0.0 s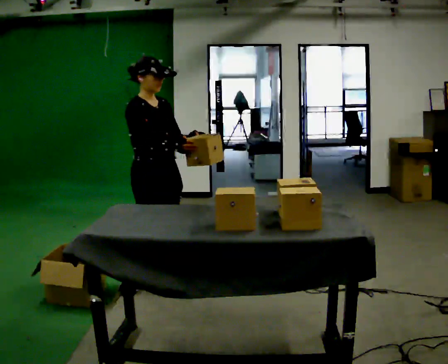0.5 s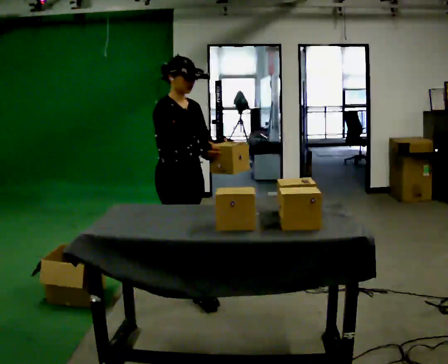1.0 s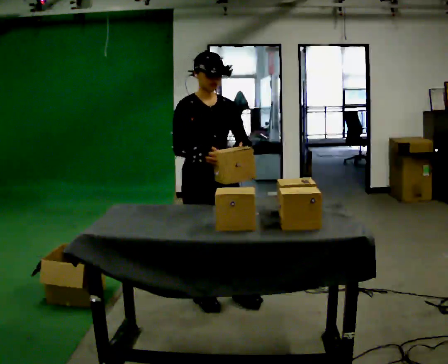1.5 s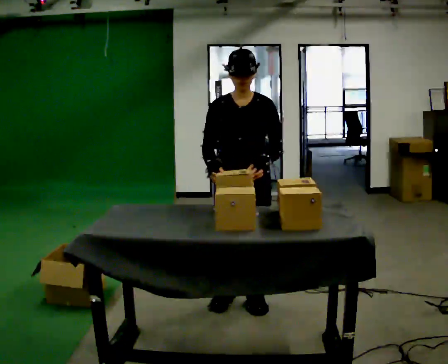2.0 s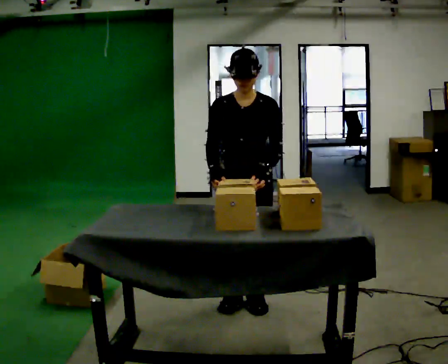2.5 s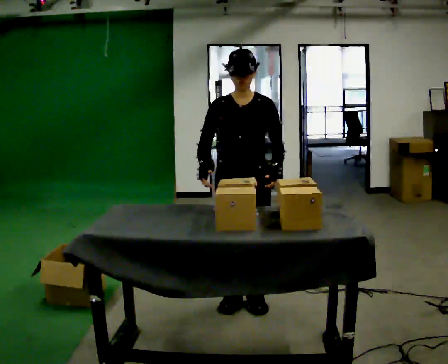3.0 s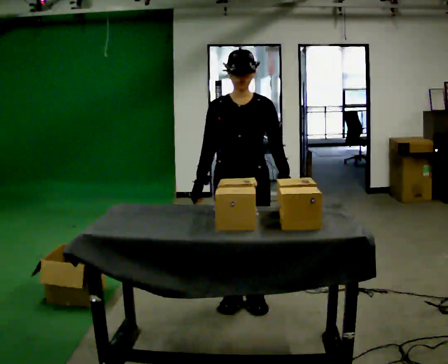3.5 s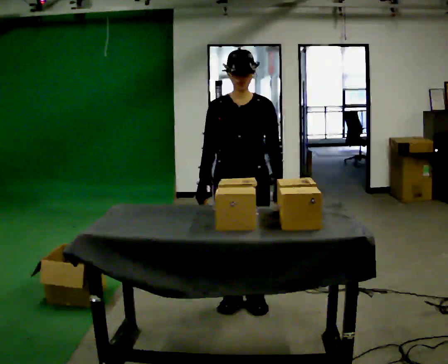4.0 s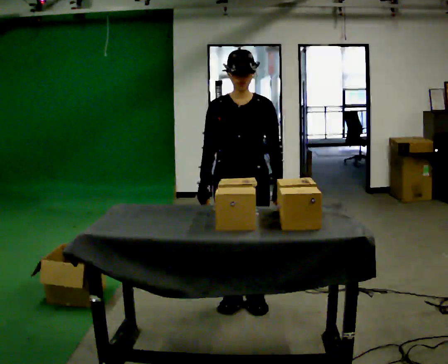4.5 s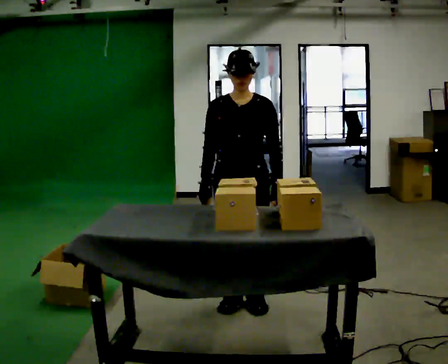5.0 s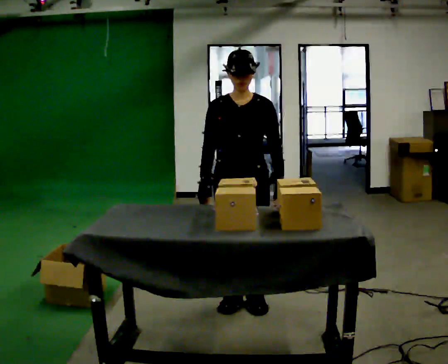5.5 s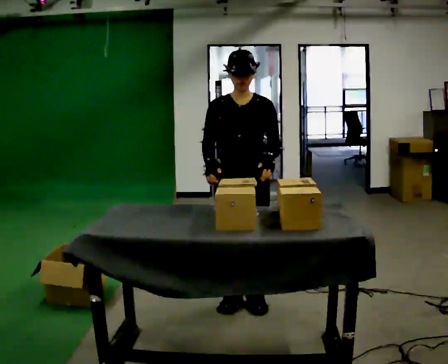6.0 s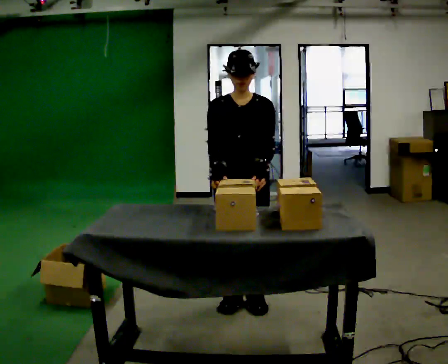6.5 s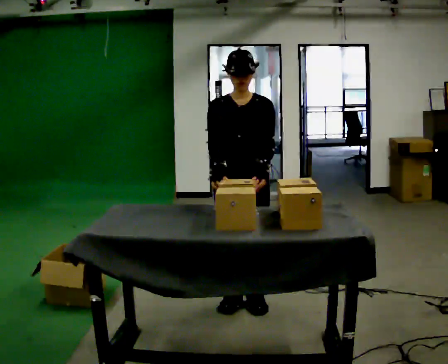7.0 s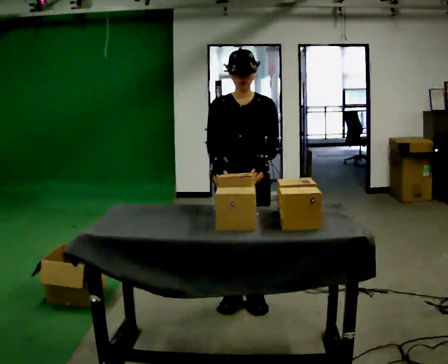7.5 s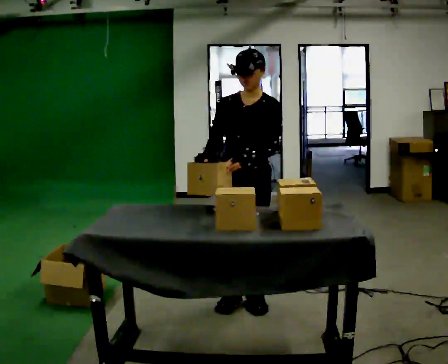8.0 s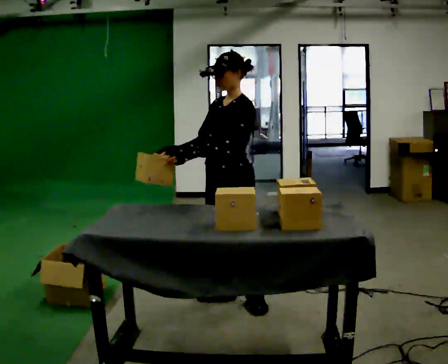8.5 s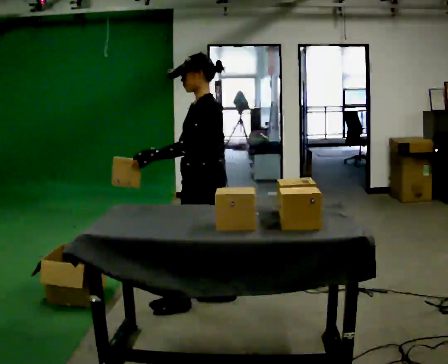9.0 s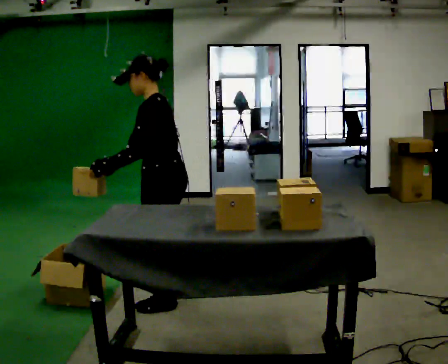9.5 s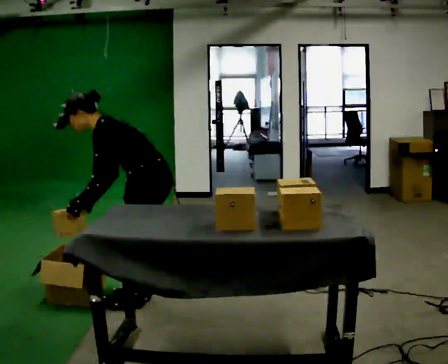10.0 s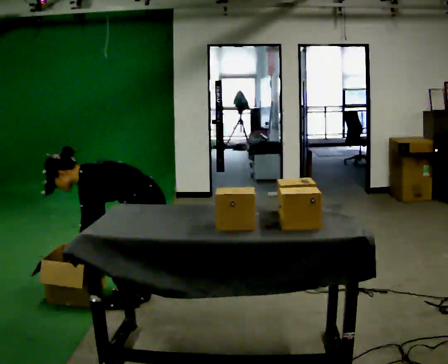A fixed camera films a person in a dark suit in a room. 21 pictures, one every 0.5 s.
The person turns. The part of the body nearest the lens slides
to the left.
The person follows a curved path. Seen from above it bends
counterclockwise.
0.0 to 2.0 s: The person turns about 75 degrees to their right, clockwise seen from above, so the part of the body nearest the lens slides to the left. In the picture they go to the right, about 0.75 m in 3 steps.
2.0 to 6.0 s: The person moves a little, or ends about where they began.
6.0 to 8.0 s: Seen from above the body turns clockwise, about 60 degrees: to their right, with its near side sliding to the left. In the picture their left hand goes to the left.
8.0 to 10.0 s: Seen from above the body turns clockwise, about 30 degrees: to their right, with its near side sliding to the left. In the picture they go to the left, about 0.5 m in 3 steps, which for them is forward. The upper body goes downward. In the picture the upper body tilts counterclockwise, shoulders to the left, as they bend forward. In the picture their right hand goes downward.
The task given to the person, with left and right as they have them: Carry each object across the room and drop it into the container on the floor, then walk back for the next one. Keep going until the operator says stop; one object at a time, and do not rush between trips.
The film runs forward here.
